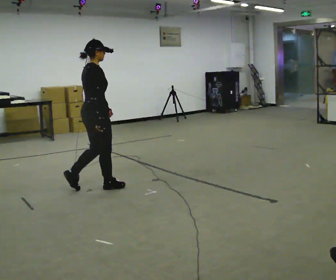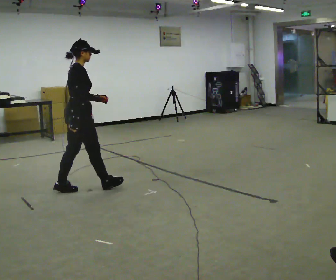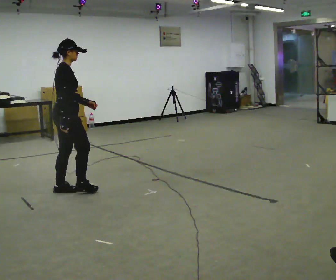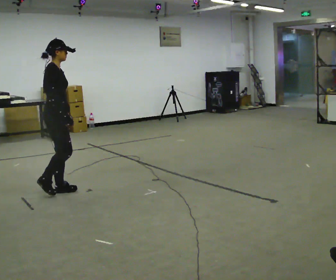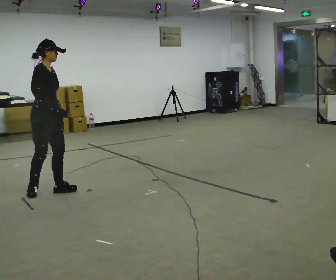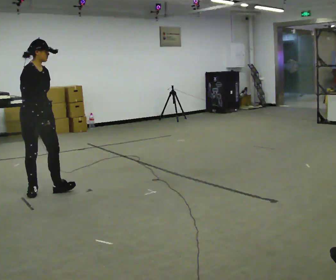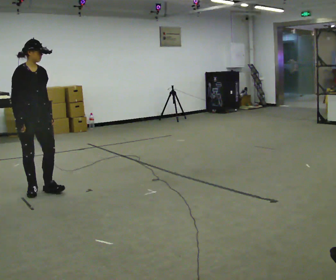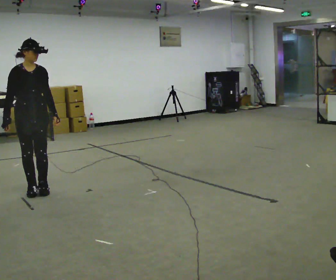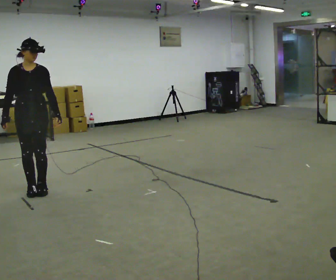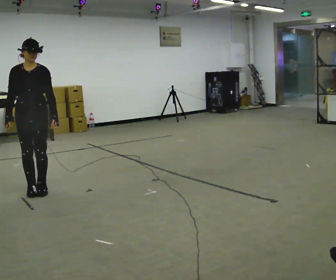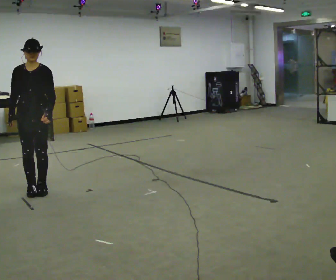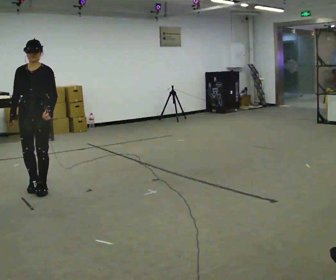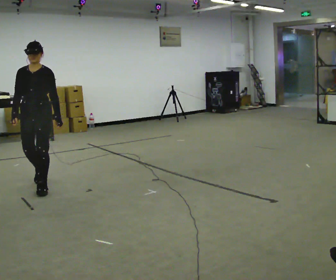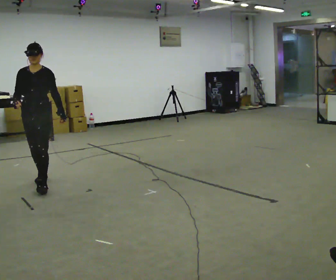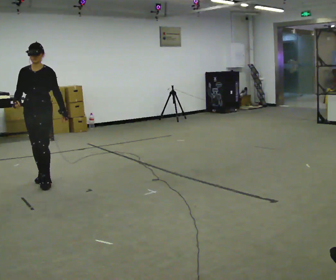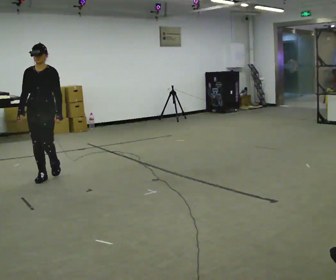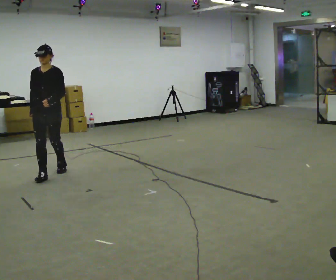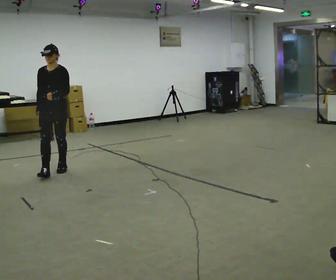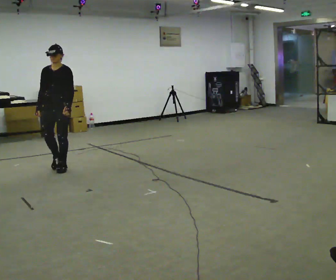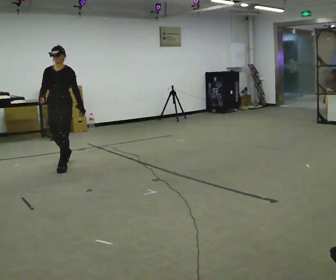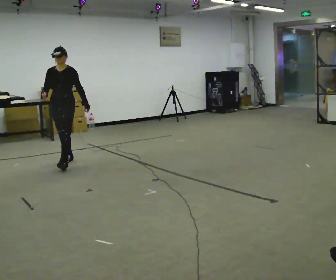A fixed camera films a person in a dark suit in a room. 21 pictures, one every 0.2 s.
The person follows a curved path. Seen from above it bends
clockwise.
The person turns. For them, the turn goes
to their right.
0.0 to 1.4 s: The person turns about 75 degrees to their right, clockwise seen from above, so the part of the body nearest the lens slides to the left. In the picture they go to the left, about 0.75 m in 2 steps.
1.4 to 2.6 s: The person turns about 45 degrees to their right, clockwise seen from above, so the part of the body nearest the lens slides to the left. In the picture they go away from the camera, about 0.25 m in 1 step, which for them is backward.
2.6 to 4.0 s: In the picture they go away from the camera, about 1 m in 2 steps, which for them is backward.
The film runs backward here.
